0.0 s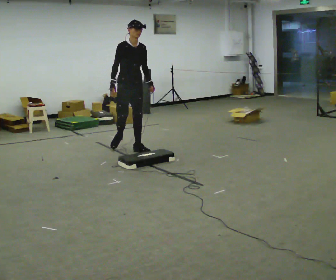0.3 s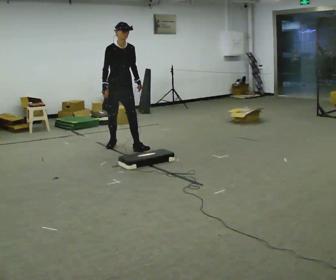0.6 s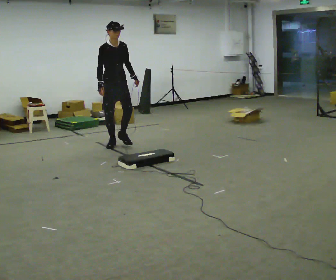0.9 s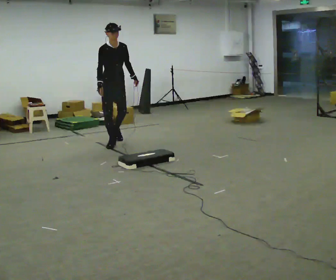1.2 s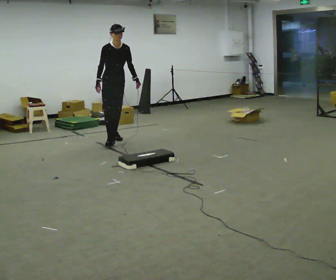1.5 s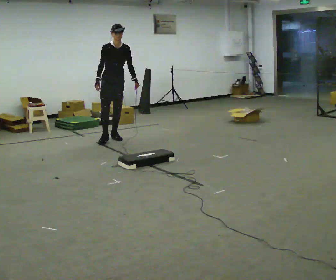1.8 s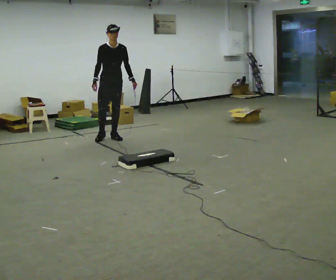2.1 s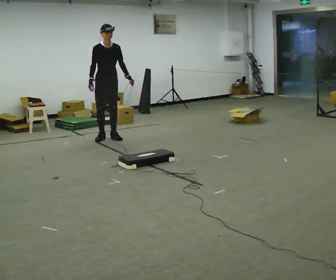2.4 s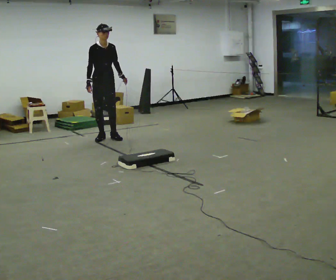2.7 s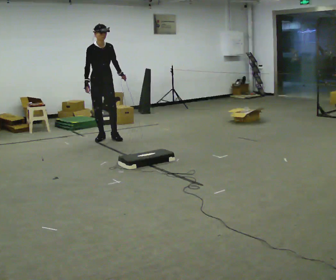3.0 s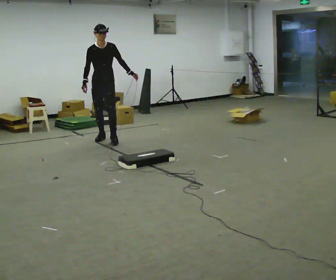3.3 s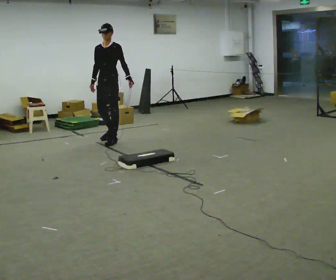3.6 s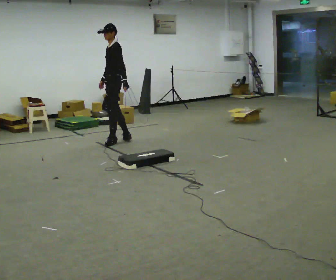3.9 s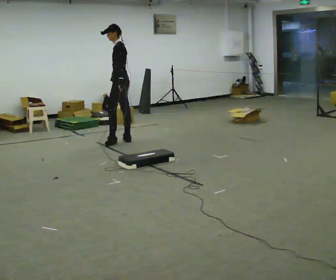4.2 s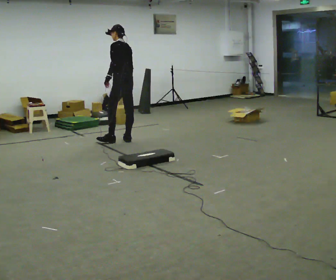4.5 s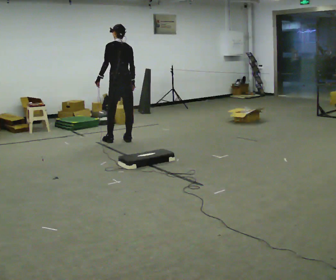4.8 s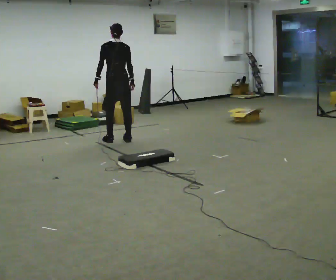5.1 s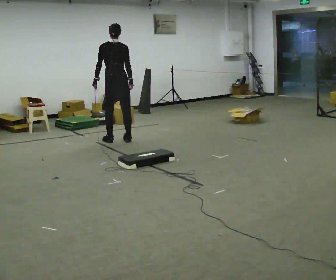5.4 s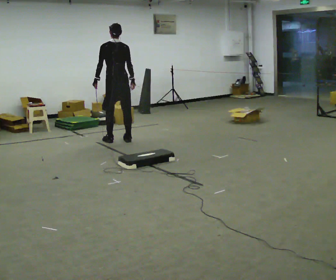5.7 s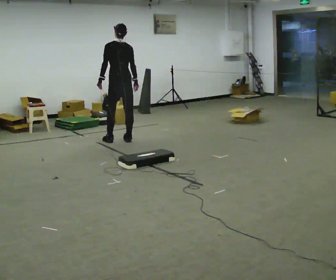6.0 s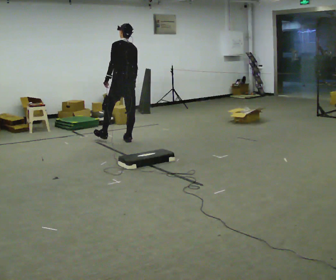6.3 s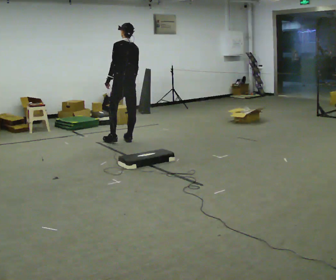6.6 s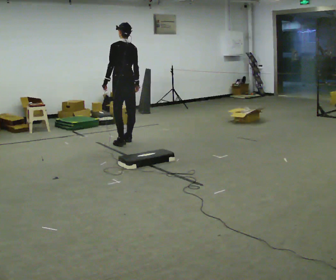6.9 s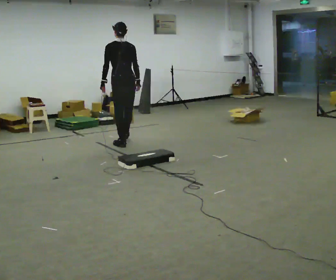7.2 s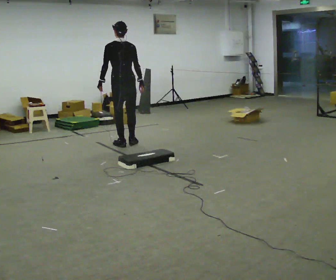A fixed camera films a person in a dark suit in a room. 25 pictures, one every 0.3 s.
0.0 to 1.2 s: In the picture they go away from the camera, about 0.5 m in 1 step, which for them is backward.
1.2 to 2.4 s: In the picture they go to the left, about 0.25 m in 1 step, which for them is backward and to their right.
2.4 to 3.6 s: Seen from above the body turns clockwise, about 105 degrees: to their right, with its near side sliding to the left. In the picture they go to the right and toward the camera, about 0.25 m in 2 steps.
3.6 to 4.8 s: The person turns about 90 degrees to their right, clockwise seen from above, so the part of the body nearest the lens slides to the left. In the picture their left hand goes to the left, the arm swinging clockwise.
4.8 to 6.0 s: The person moves a little, or ends about where they began.
6.0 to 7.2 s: In the picture they go toward the camera, about 0.25 m in 2 steps, which for them is backward and to their left.
The film runs backward here.
